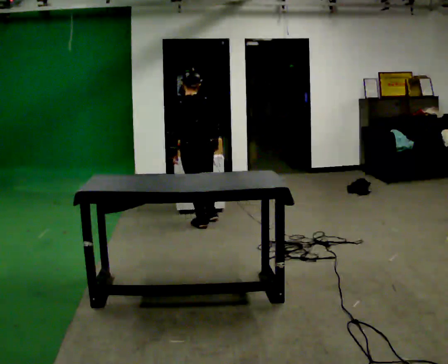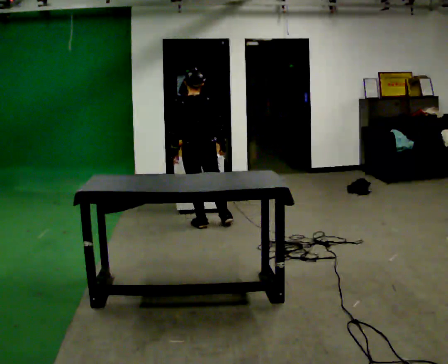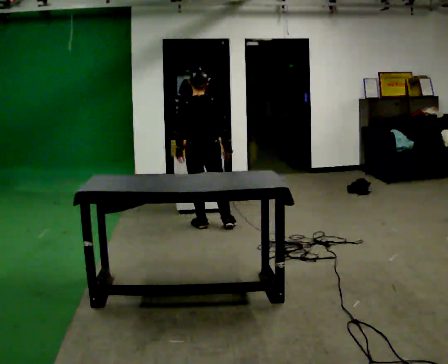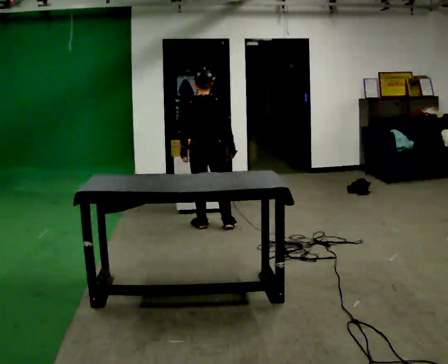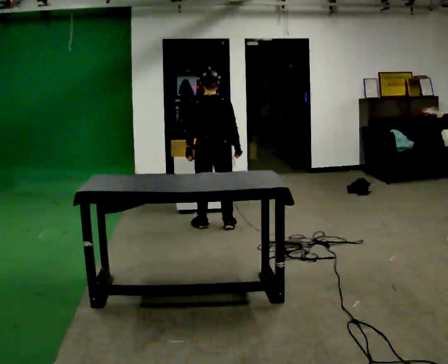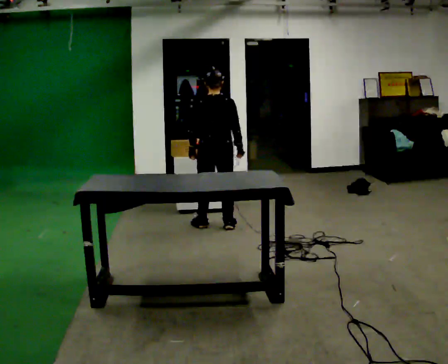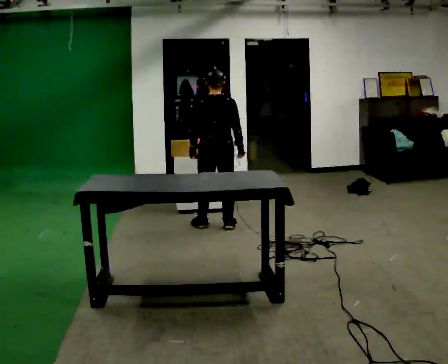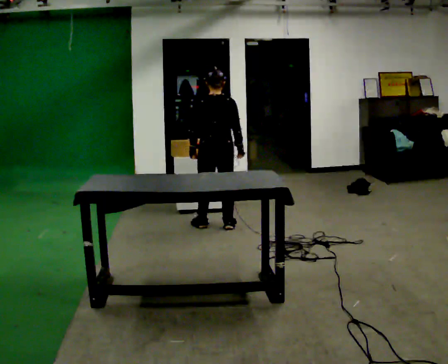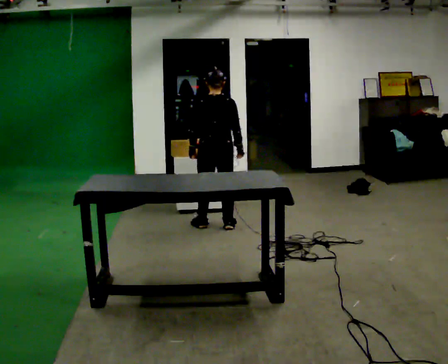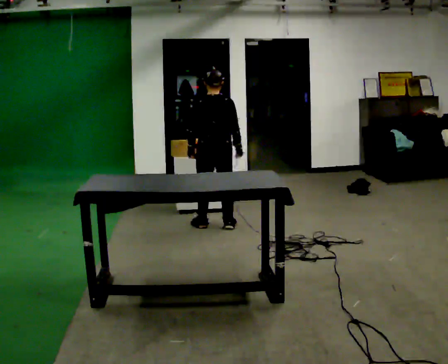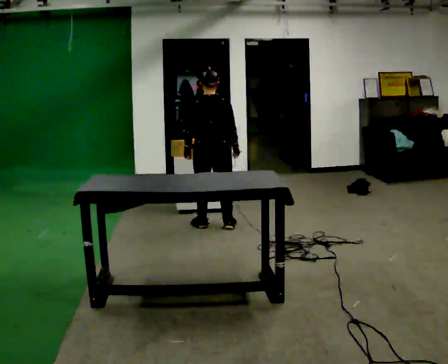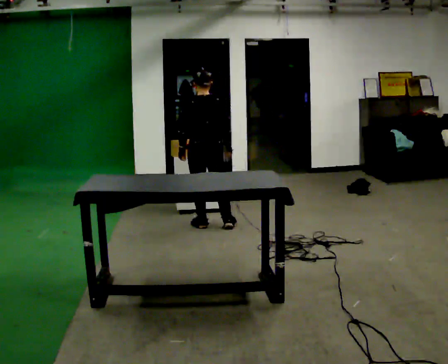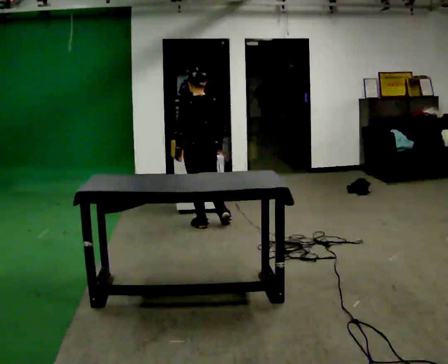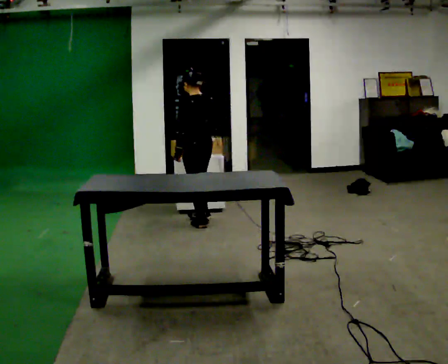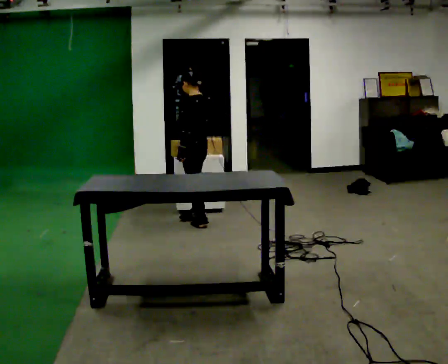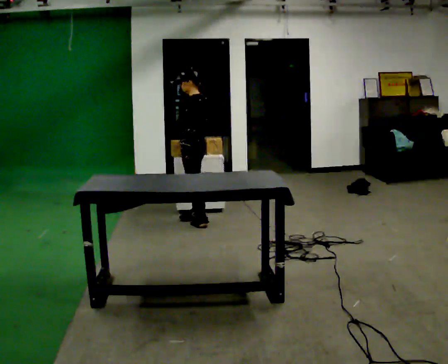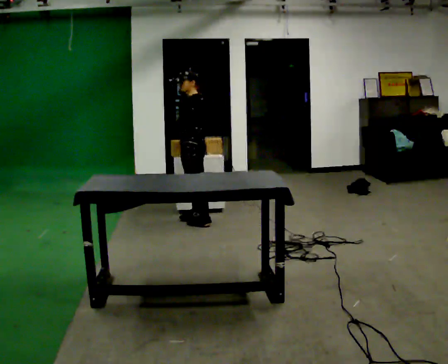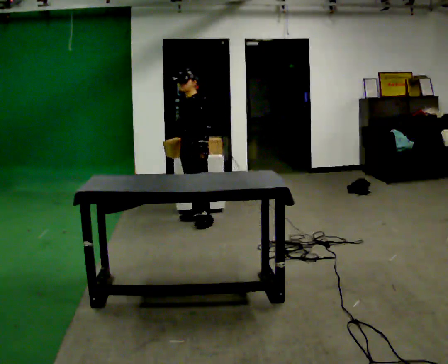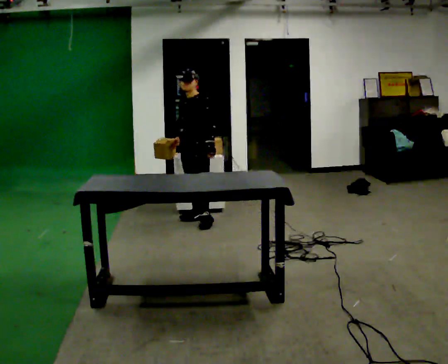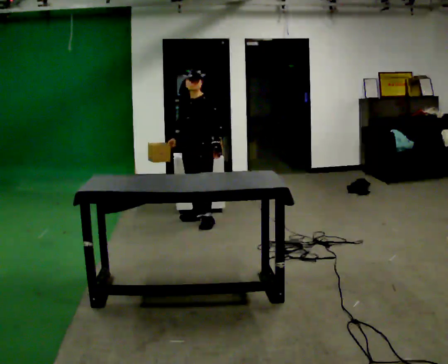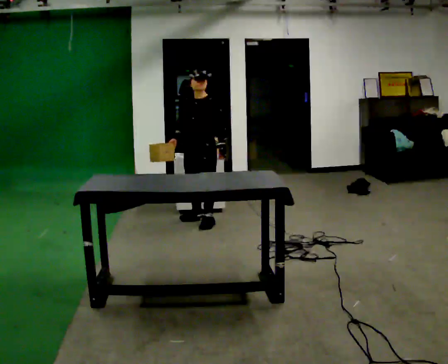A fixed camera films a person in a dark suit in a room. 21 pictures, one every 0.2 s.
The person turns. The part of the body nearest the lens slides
to the right.
The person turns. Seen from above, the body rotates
counterclockwise.
0.0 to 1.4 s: In the picture they go to the right, about 0.25 m in 1 step, which for them is to their right.
1.4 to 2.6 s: The person turns about 45 degrees to their left, counterclockwise seen from above, so the part of the body nearest the lens slides to the right. In the picture they go to the left, about 0.25 m, which for them is to their left. In the picture their right hand goes to the left.
2.6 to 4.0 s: The person turns about 105 degrees to their left, counterclockwise seen from above, so the part of the body nearest the lens slides to the right.
The film runs forward here.
